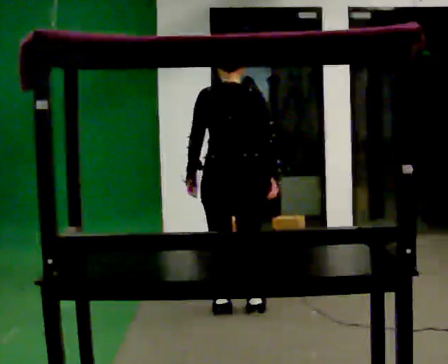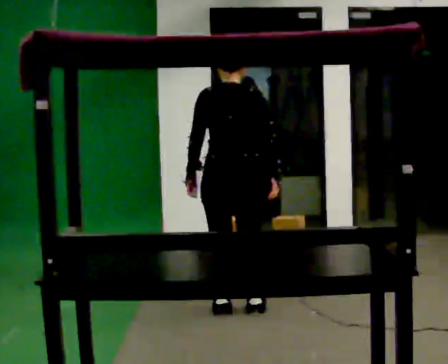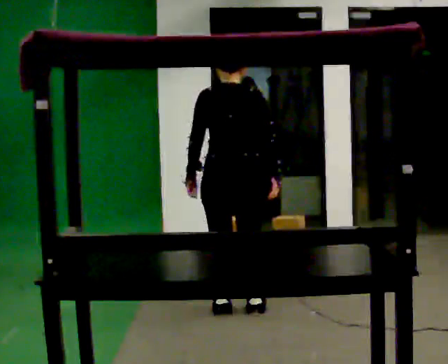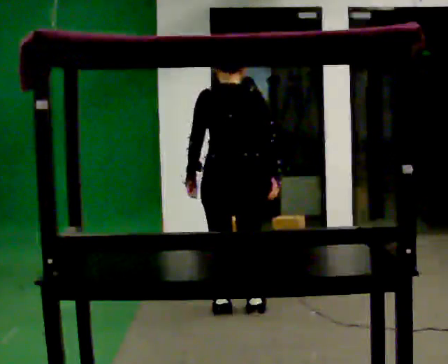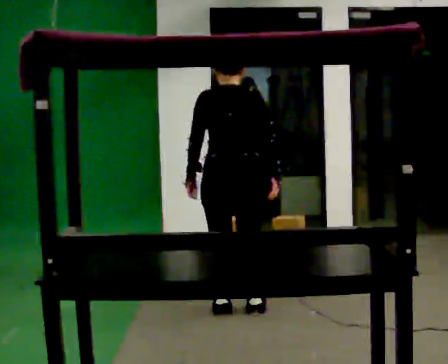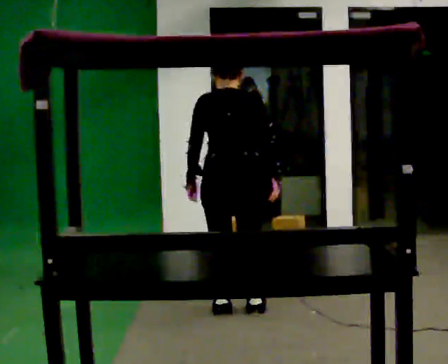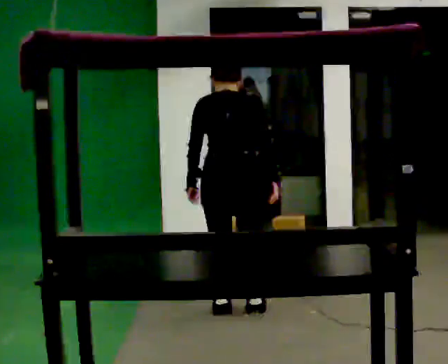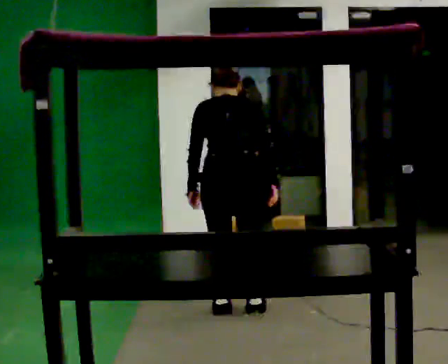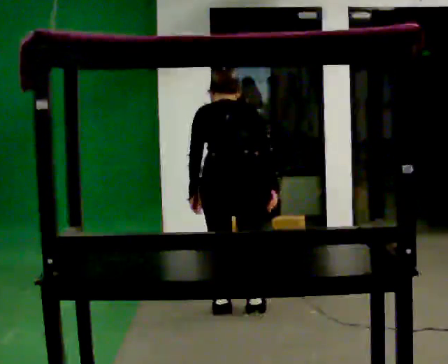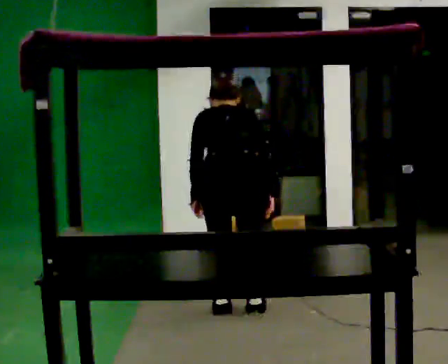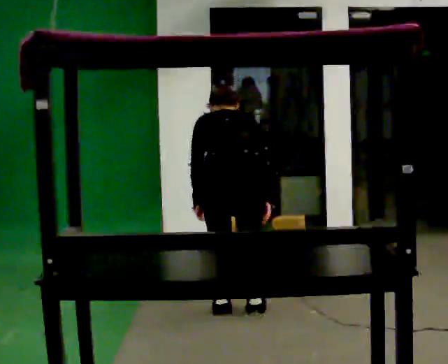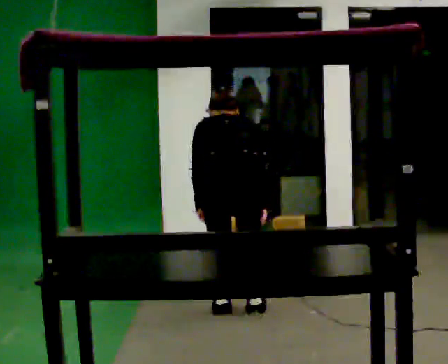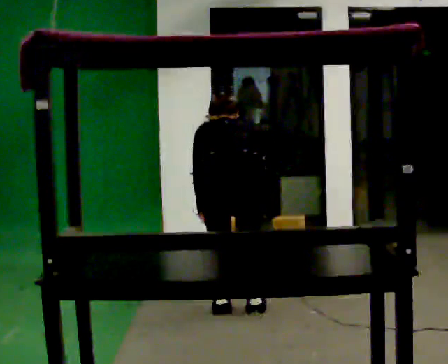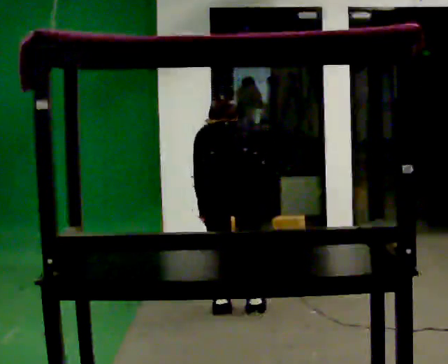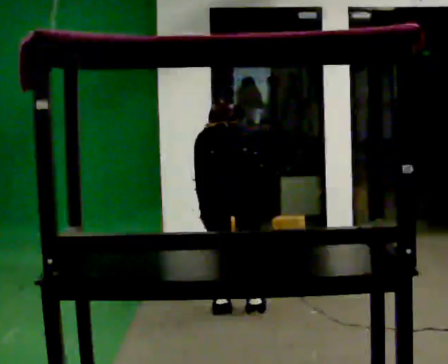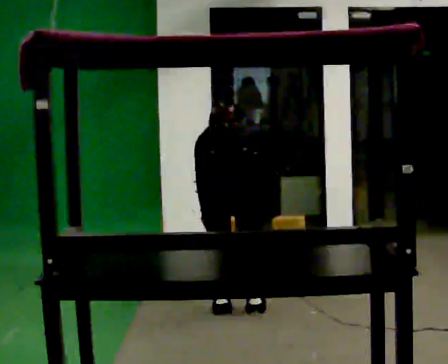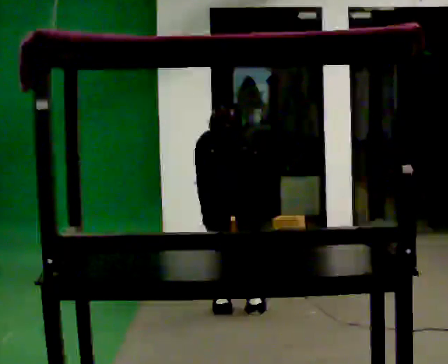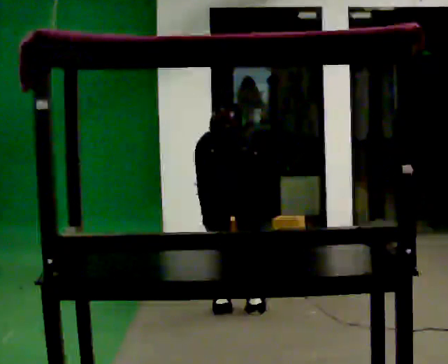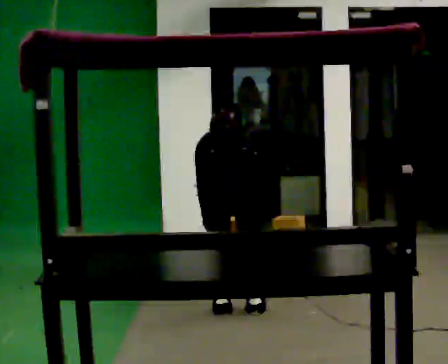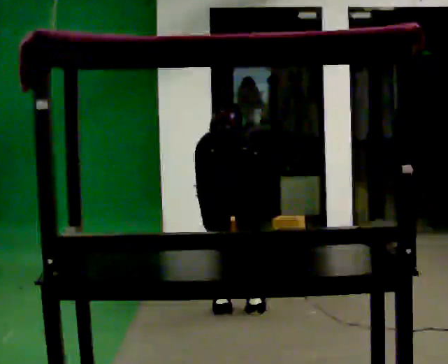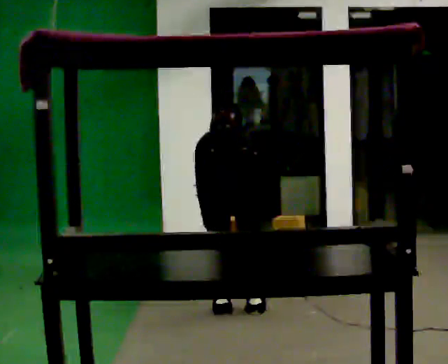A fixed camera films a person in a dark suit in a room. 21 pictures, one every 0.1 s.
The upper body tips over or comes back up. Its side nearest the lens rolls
upward.
The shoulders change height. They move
downward.
0.0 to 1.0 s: The shoulders move downward. The upper body tips away from the camera, its near side rolling upward, as they bend forward.
1.0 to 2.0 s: The upper body tips away from the camera, its near side rolling upward, as they bend forward.
The film runs forward here.
